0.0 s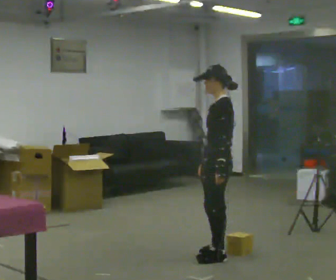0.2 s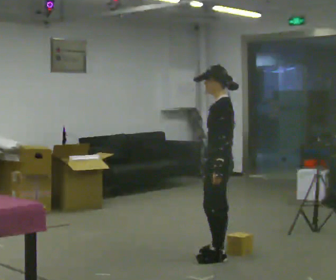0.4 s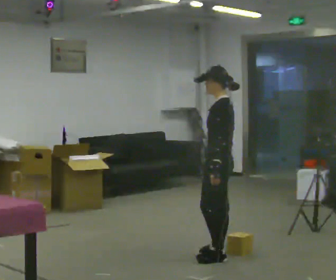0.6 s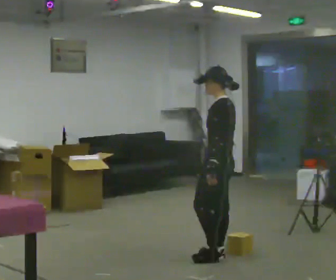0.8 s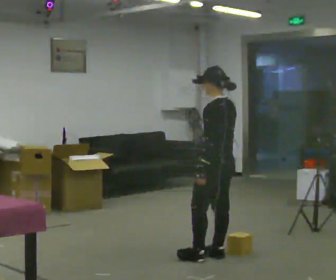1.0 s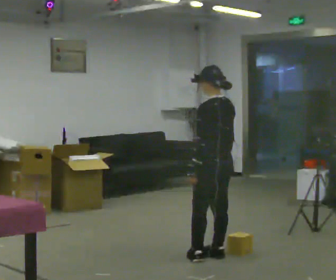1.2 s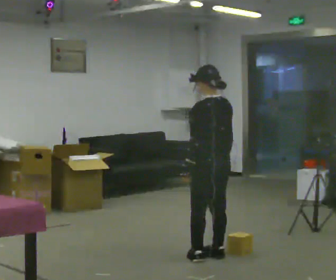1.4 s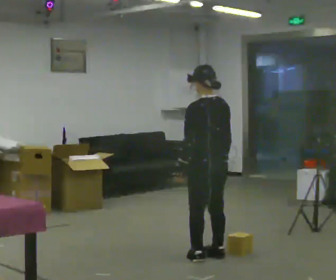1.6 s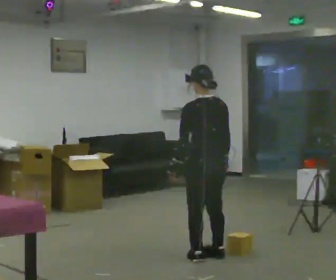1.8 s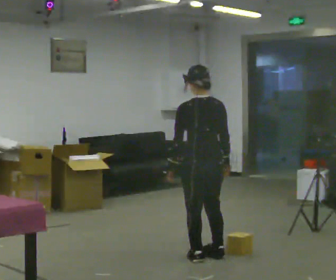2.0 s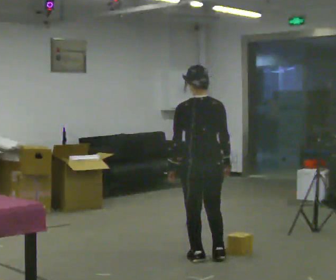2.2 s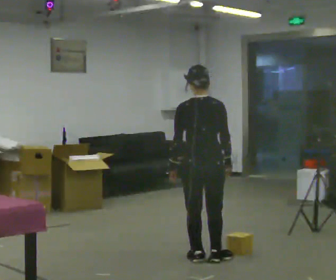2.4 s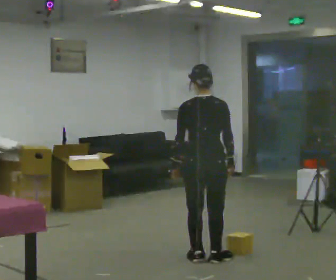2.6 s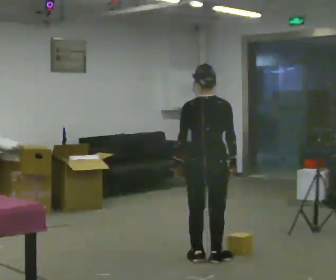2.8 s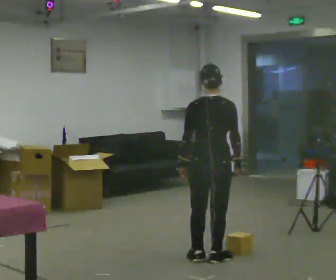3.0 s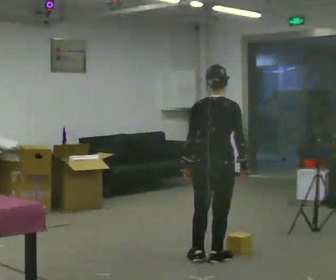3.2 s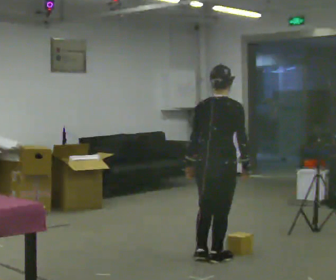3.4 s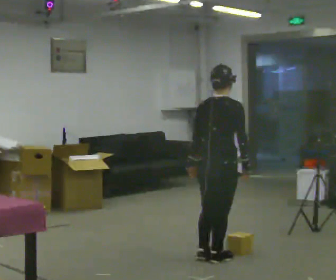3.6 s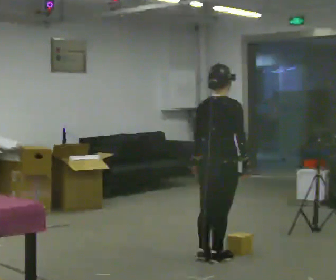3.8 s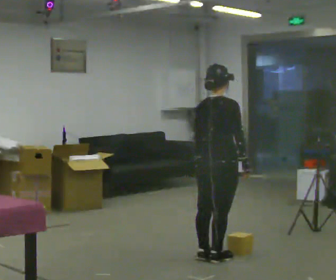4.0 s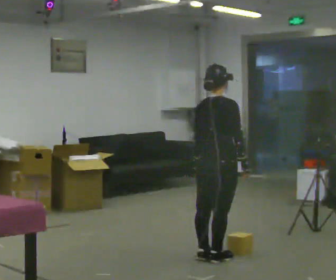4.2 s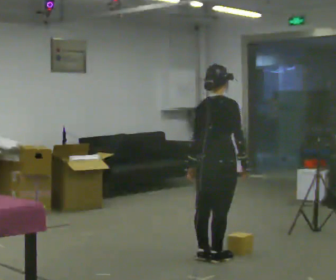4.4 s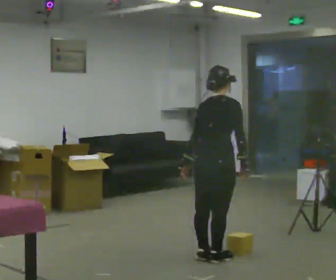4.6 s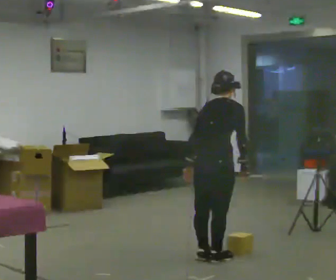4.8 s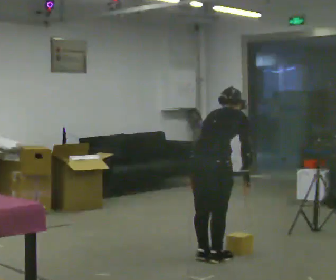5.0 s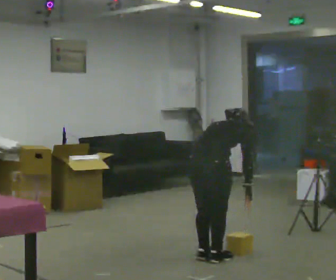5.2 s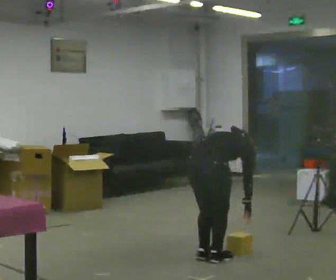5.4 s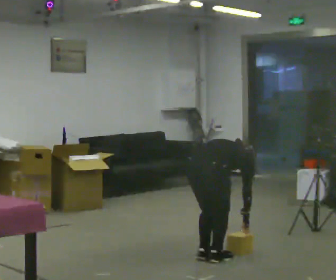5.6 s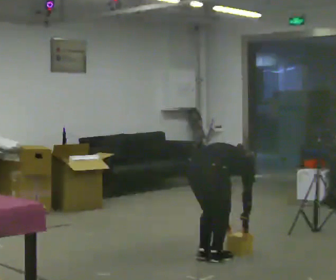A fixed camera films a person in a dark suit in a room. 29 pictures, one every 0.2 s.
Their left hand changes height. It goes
downward.
Their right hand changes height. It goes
downward.
0.0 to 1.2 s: The part of the body nearest the lens slides to the left as the person turns to their right by about 45 degrees.
1.2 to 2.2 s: The part of the body nearest the lens slides to the left as the person turns to their right by about 45 degrees.
2.2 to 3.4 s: The person turns about 30 degrees to their right, clockwise seen from above, so the part of the body nearest the lens slides to the left.
3.4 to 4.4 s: The person moves a little, or ends about where they began.
4.4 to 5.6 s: The upper body goes downward. In the picture the upper body tilts clockwise, shoulders to the right, as they bend forward. In the picture their left hand goes downward and to the right.
The film runs backward here.
